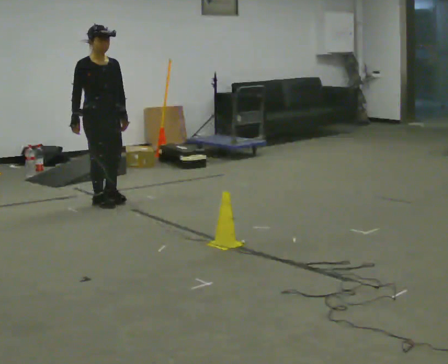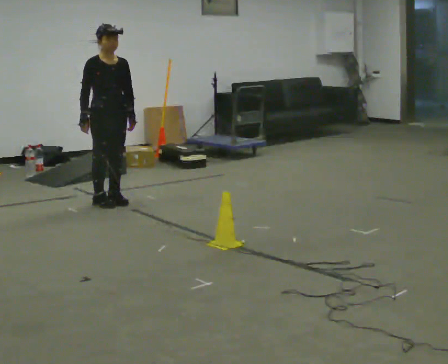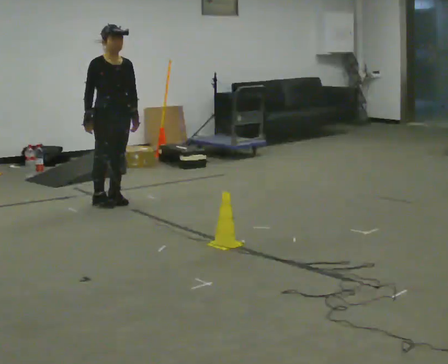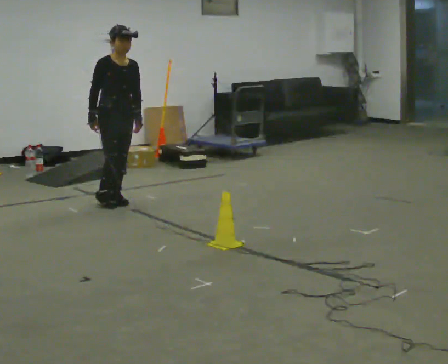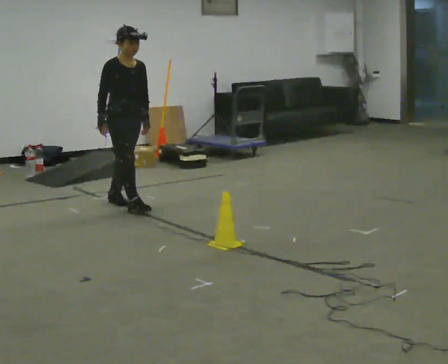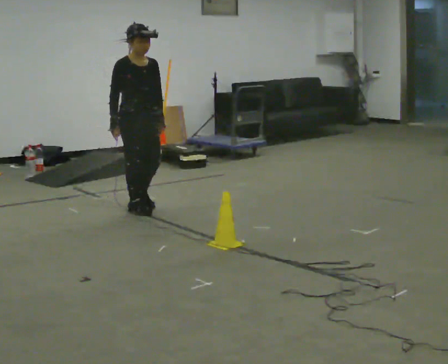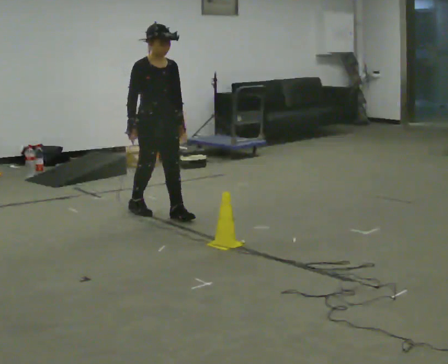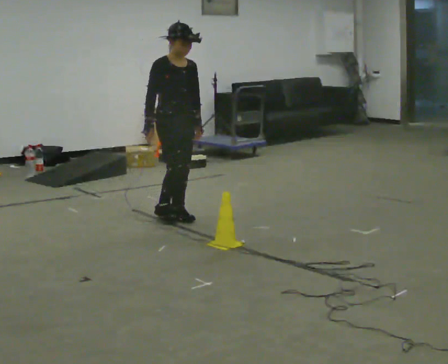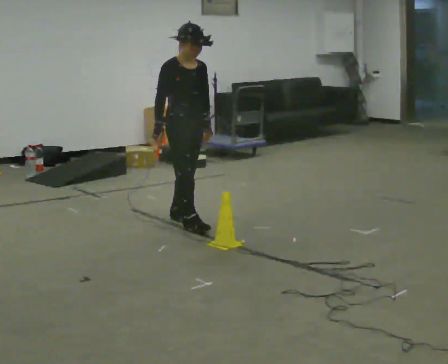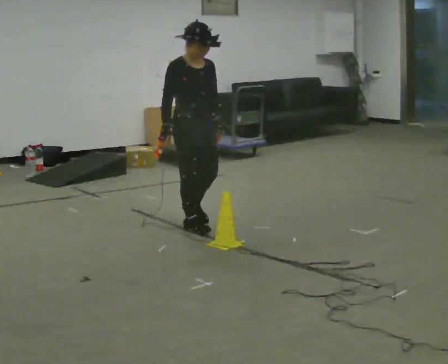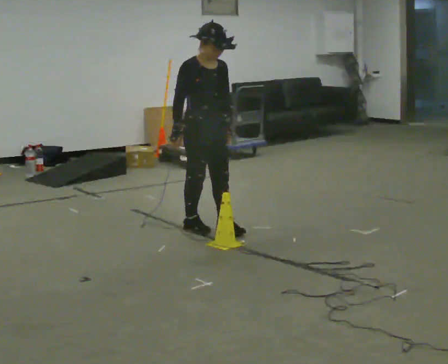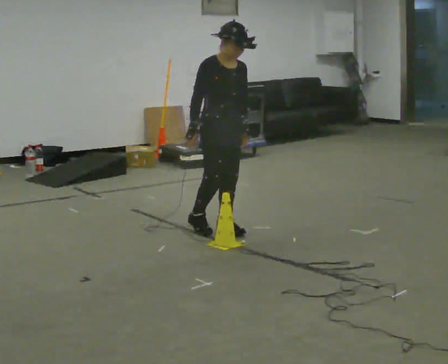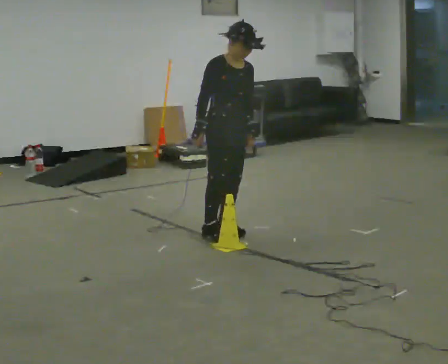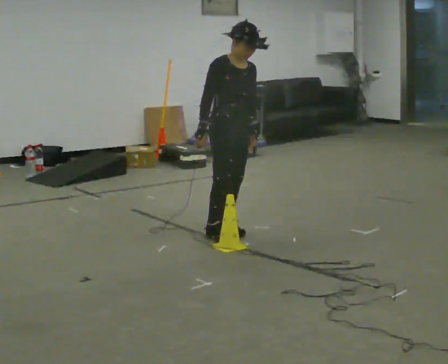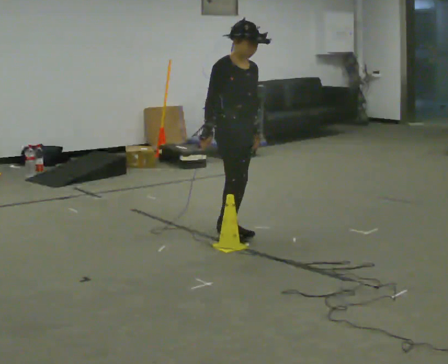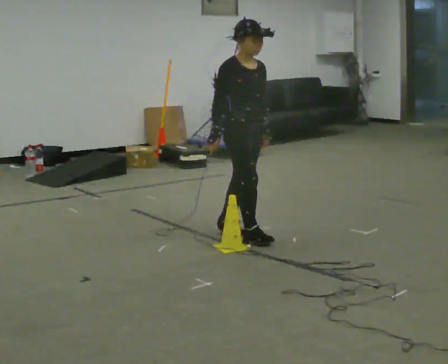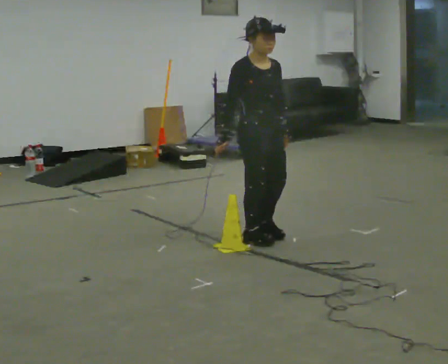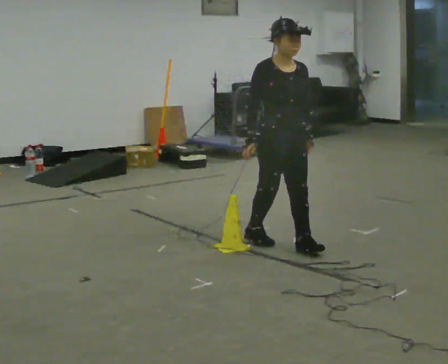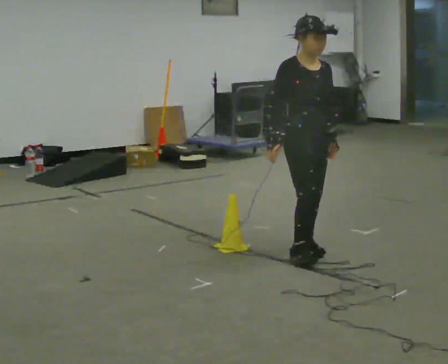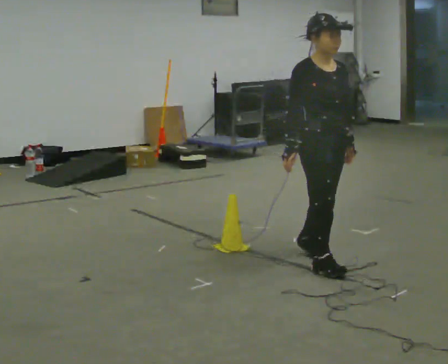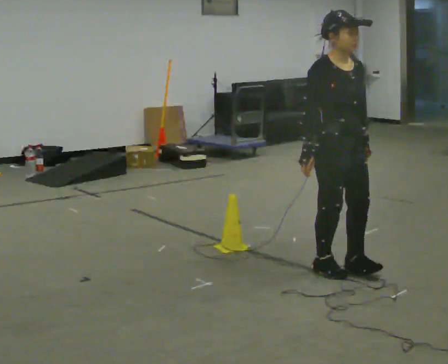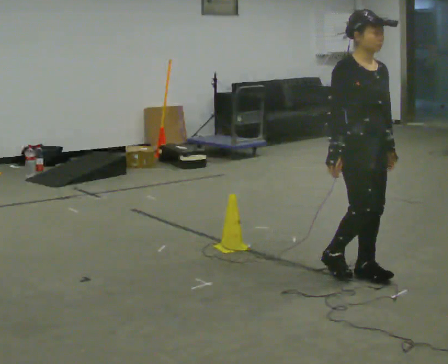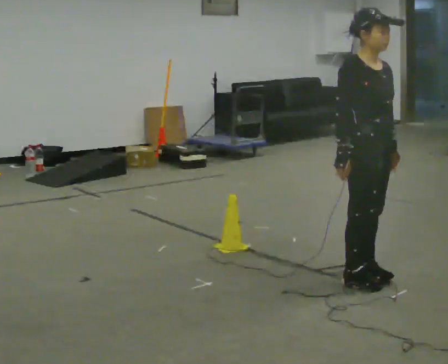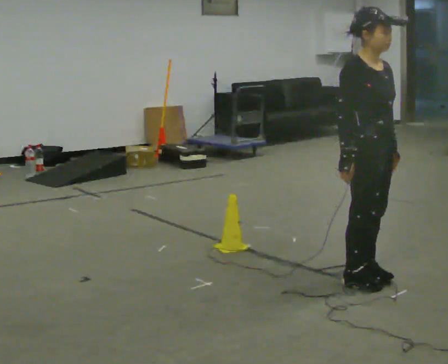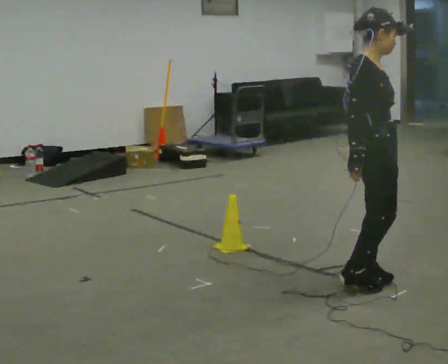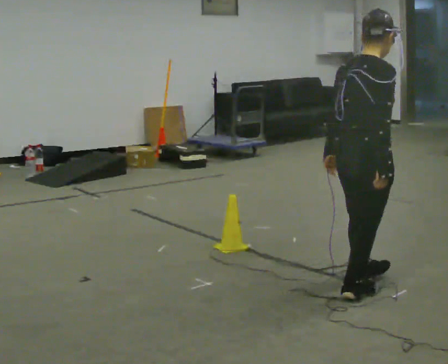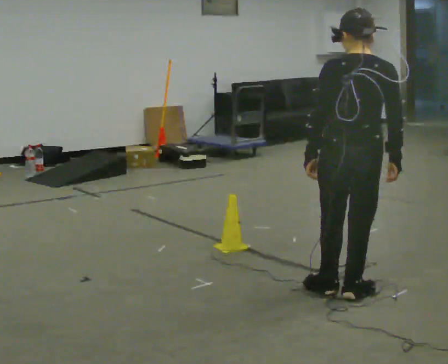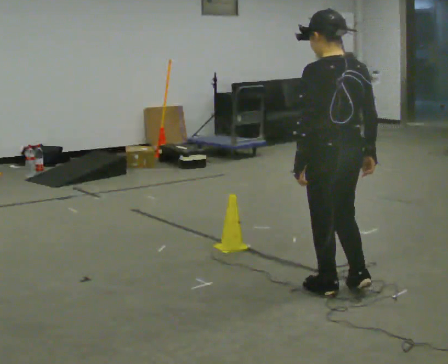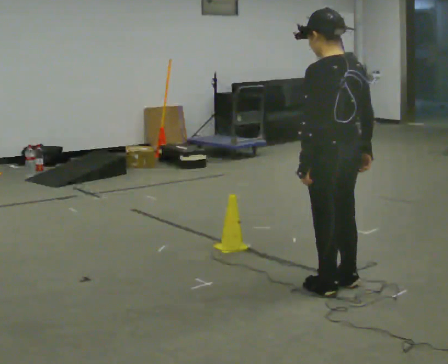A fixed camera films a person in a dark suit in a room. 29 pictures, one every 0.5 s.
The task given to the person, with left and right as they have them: Walk back and forth across the room at a normal pace, looking ahead. There may be something on the floor. Recover however comes naturally and carry on.
0.0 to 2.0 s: In the picture they go to the right, about 0.25 m in 2 steps, which for them is forward.
2.0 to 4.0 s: In the picture they go to the right and toward the camera, about 0.5 m in 2 steps, which for them is forward.
4.0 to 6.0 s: In the picture they go to the right and toward the camera, about 0.5 m in 2 steps, which for them is forward.
6.0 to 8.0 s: In the picture they go toward the camera and to the right, about 0.25 m in 1 step, which for them is forward.
8.0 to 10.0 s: In the picture they go toward the camera and to the right, about 1 m in 2 steps, which for them is forward.
10.0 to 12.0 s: The part of the body nearest the lens slides to the right as the person turns to their left by about 30 degrees. In the picture they go toward the camera and to the right, about 0.25 m in 2 steps, which for them is forward.
12.0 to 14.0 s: The part of the body nearest the lens slides to the right as the person turns to their left by about 150 degrees. In the picture they go to the left, about 0.25 m in 2 steps. In the picture their left hand goes to the left.
The film runs forward here.
